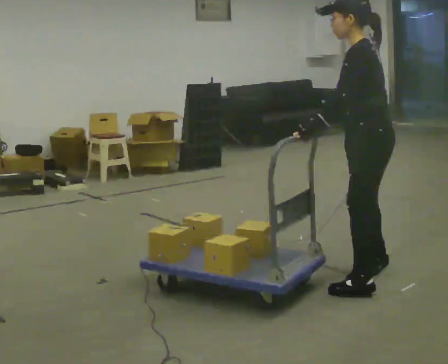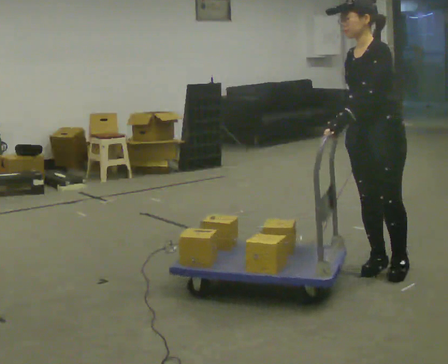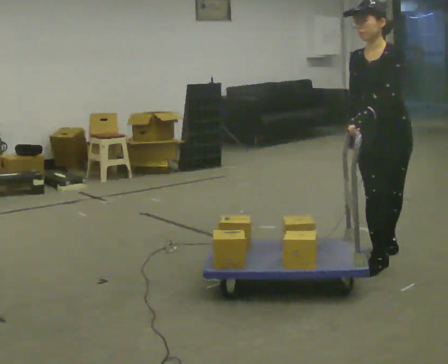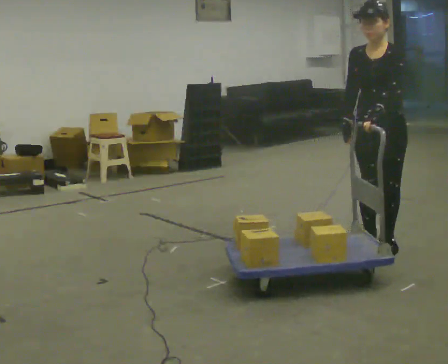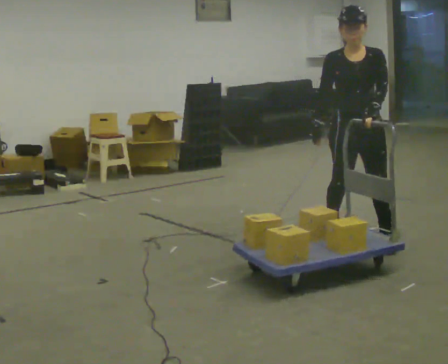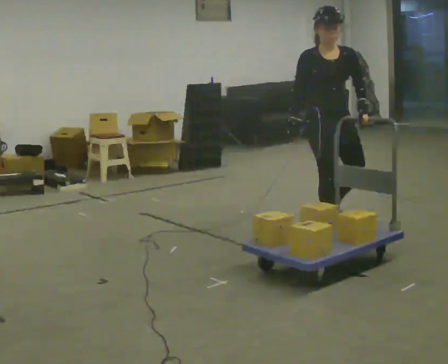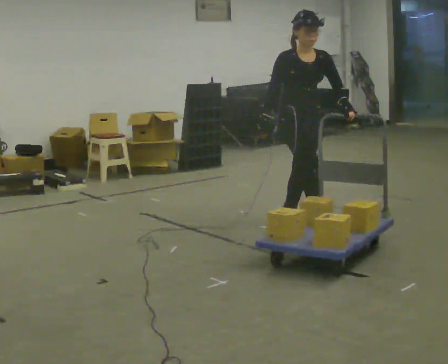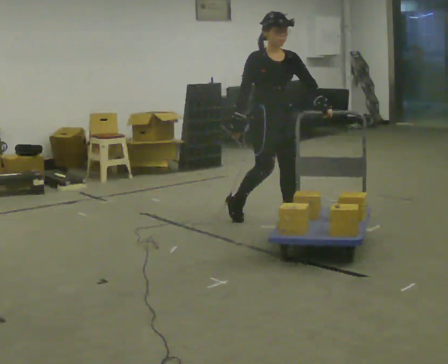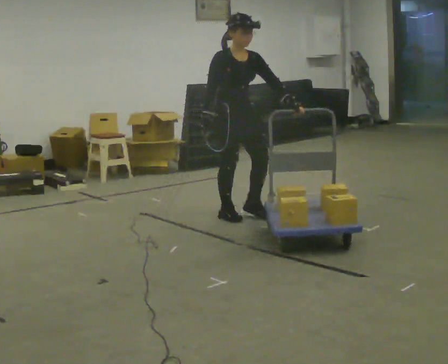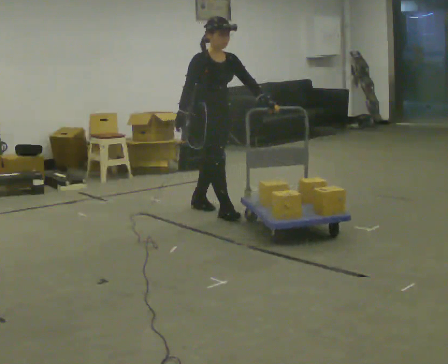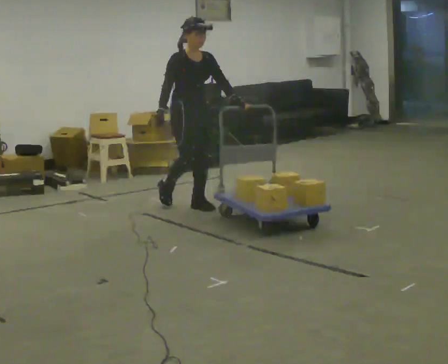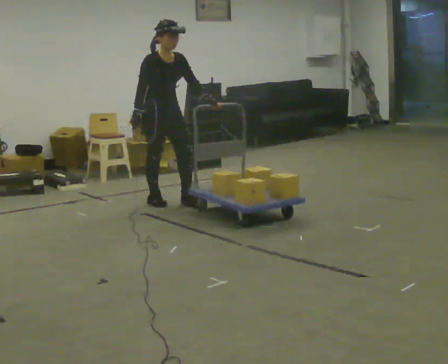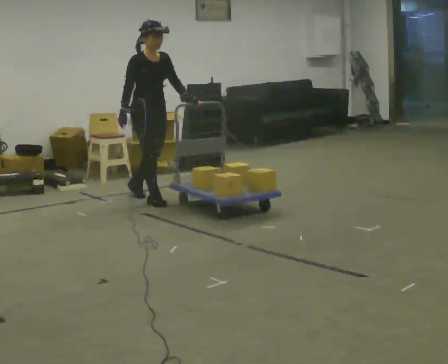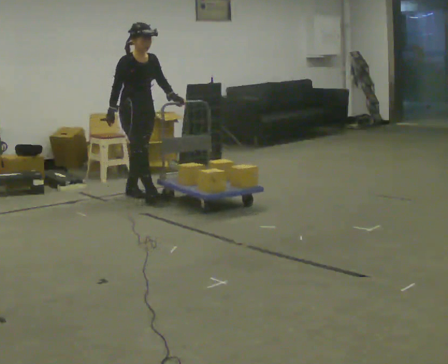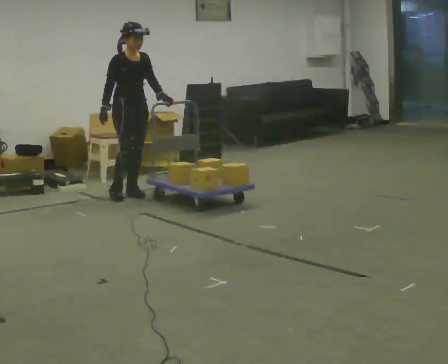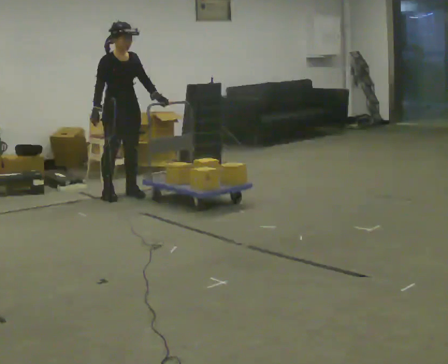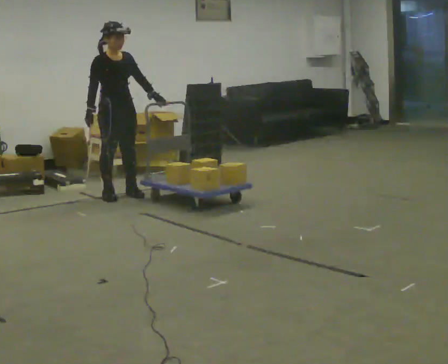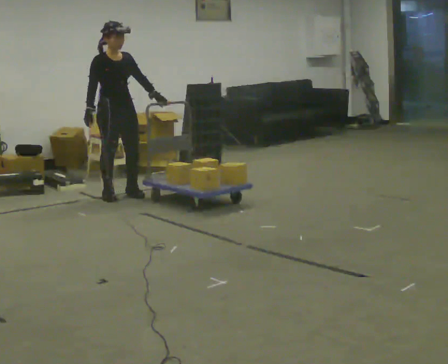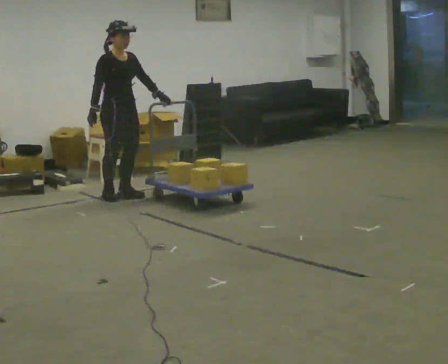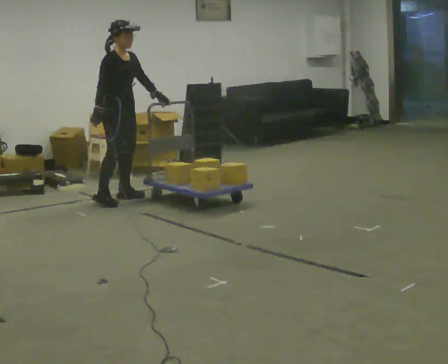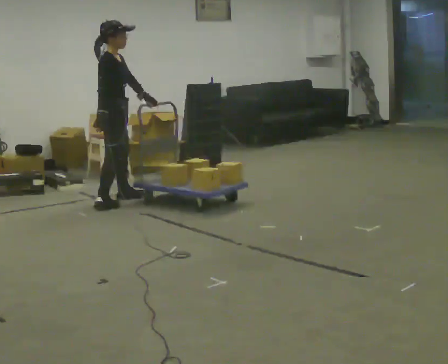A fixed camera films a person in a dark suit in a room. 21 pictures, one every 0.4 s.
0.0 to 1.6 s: The person turns about 105 degrees to their left, counterclockwise seen from above, so the part of the body nearest the lens slides to the right. In the picture they go away from the camera, about 0.5 m in 2 steps.
1.6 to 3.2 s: Seen from above the body turns counterclockwise, about 45 degrees: to their left, with its near side sliding to the right. In the picture they go away from the camera and to the left, about 1 m in 3 steps, which for them is backward.
3.2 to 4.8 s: In the picture they go to the left and away from the camera, about 1 m in 2 steps, which for them is backward.
4.8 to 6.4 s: In the picture they go to the left and away from the camera, about 0.25 m in 1 step, which for them is backward and to their right.
6.4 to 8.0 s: Seen from above the body turns counterclockwise, about 45 degrees: to their left, with its near side sliding to the right. In the picture they go toward the camera, about 0.25 m in 2 steps, which for them is forward and to their right.
The film runs backward here.
